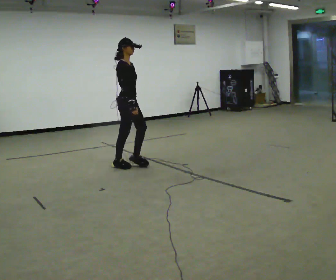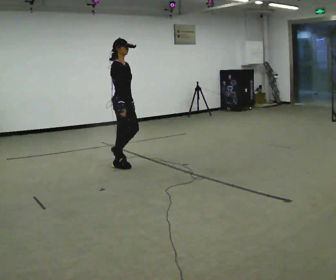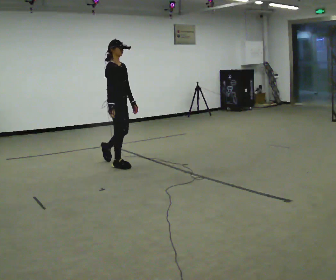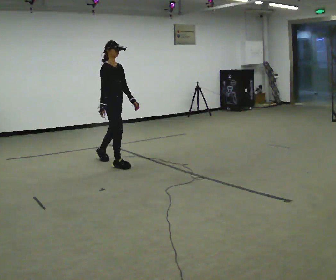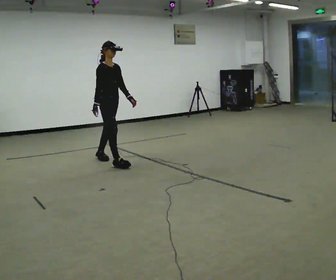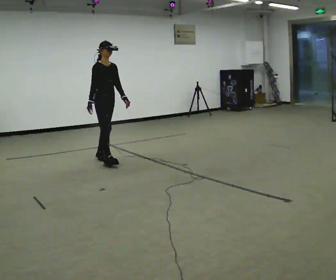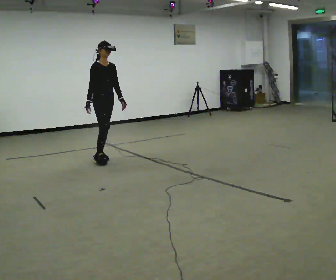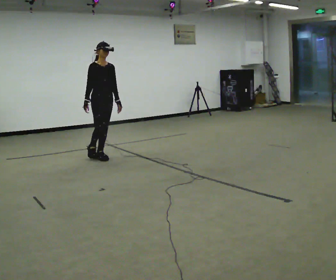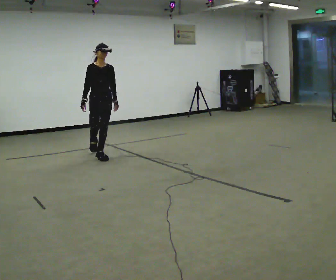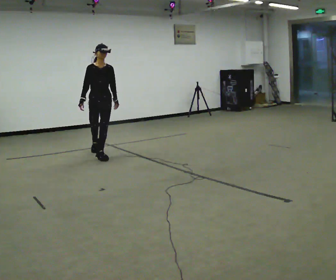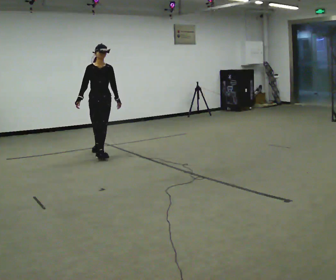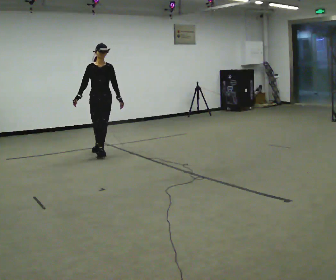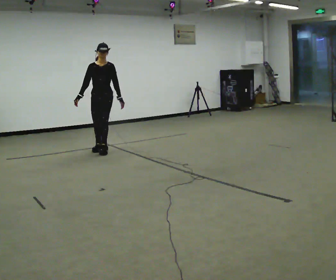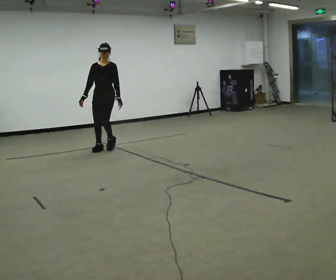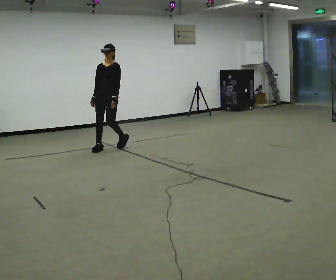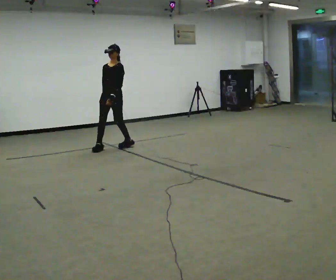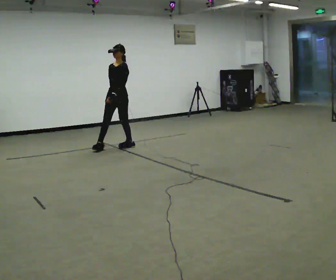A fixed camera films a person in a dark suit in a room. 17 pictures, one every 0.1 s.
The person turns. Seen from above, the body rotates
clockwise.
The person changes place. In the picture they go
away from the camera.
0.0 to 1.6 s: The part of the body nearest the lens slides to the left as the person turns to their right by about 120 degrees. In the picture they go away from the camera, about 1 m in 3 steps.
The film runs backward here.
